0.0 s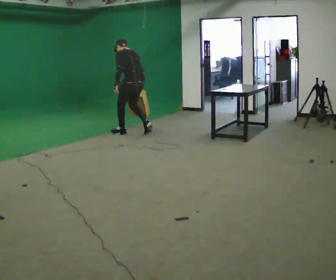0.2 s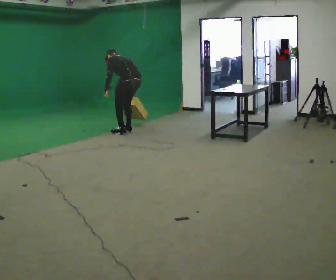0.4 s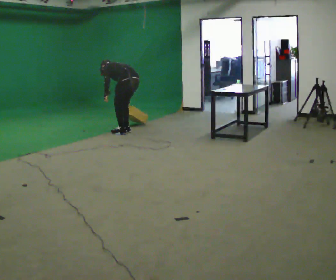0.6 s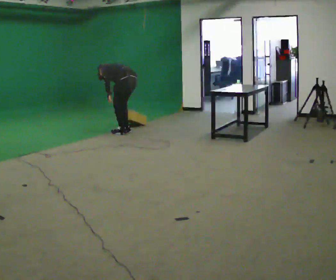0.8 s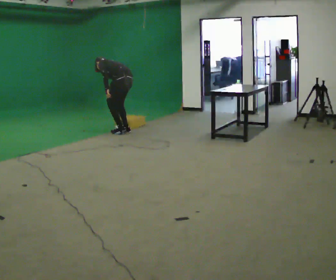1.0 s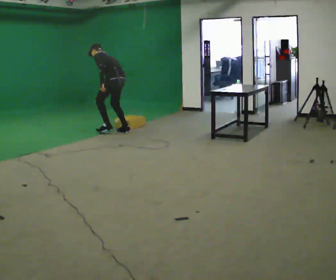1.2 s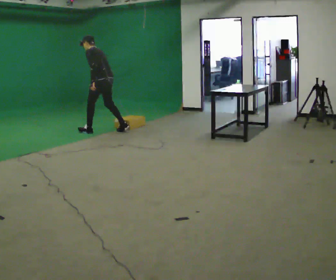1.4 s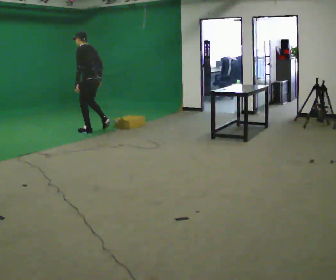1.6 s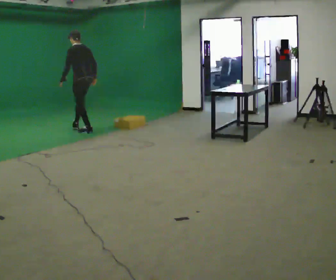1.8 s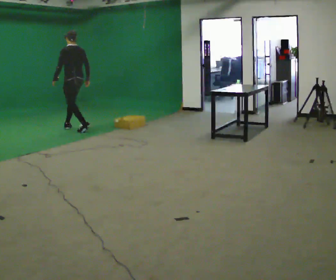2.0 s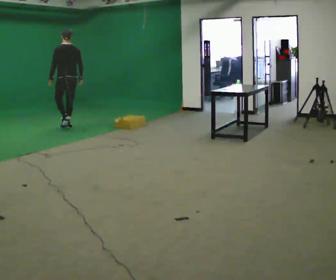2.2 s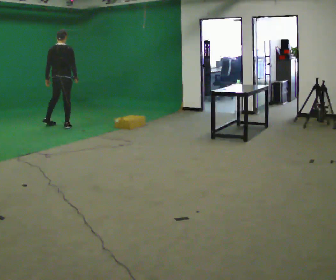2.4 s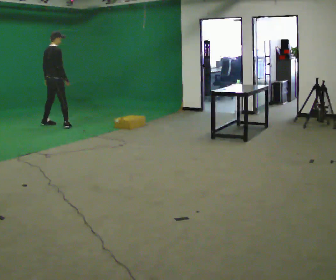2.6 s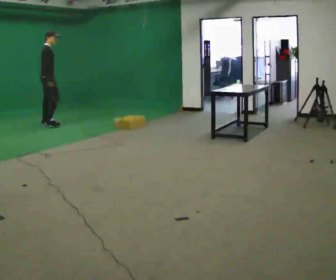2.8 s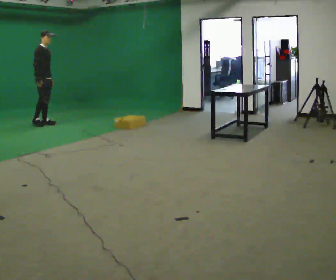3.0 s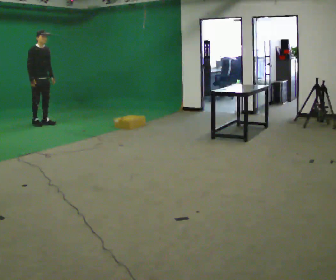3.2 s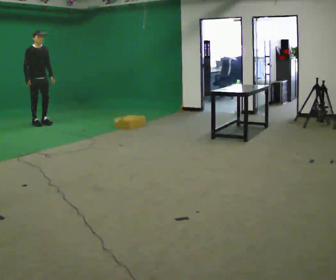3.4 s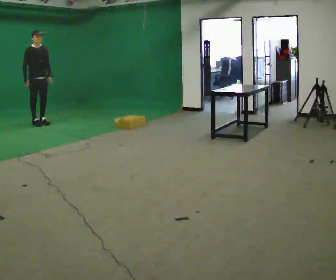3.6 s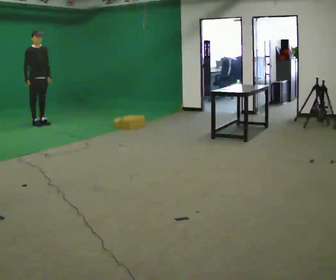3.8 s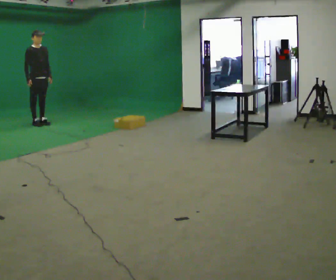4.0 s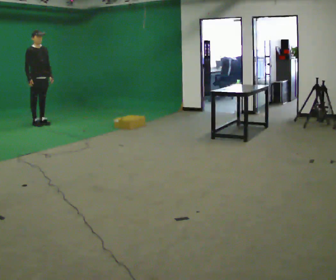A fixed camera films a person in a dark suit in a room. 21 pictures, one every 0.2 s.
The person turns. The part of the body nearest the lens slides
to the left.
The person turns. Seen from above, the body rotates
clockwise.
0.0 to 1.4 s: In the picture they go to the left and away from the camera, about 1 m in 2 steps, which for them is forward.
1.4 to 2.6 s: The part of the body nearest the lens slides to the left as the person turns to their right by about 135 degrees. In the picture they go to the left and away from the camera, about 1 m in 2 steps. In the picture the upper body tilts clockwise, shoulders to the right.
2.6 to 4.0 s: The part of the body nearest the lens slides to the left as the person turns to their right by about 60 degrees. In the picture they go to the left, about 0.25 m in 1 step.
The film runs forward here.
